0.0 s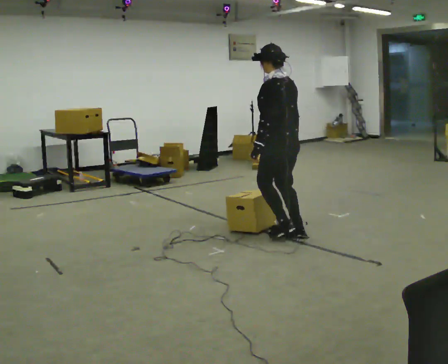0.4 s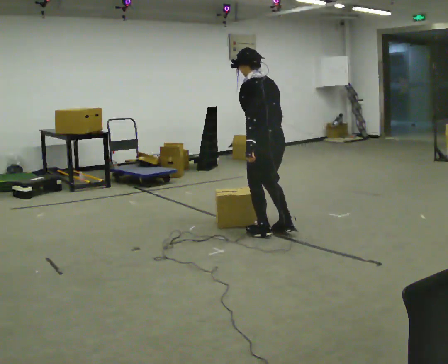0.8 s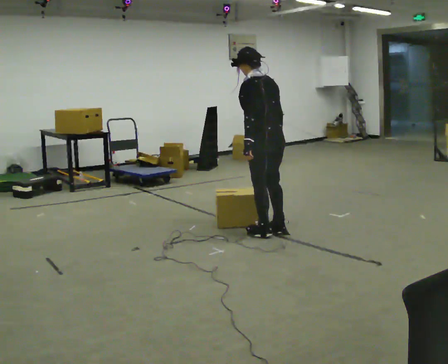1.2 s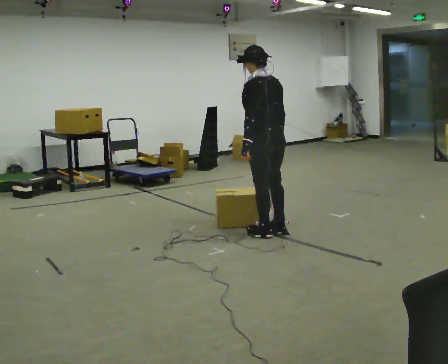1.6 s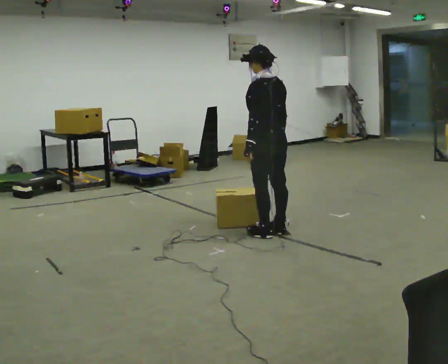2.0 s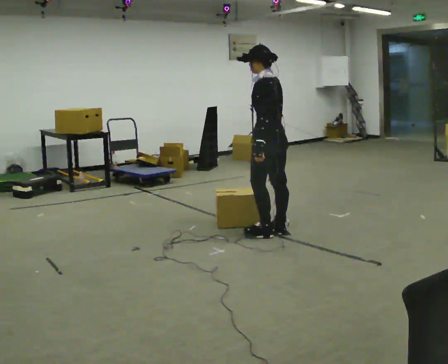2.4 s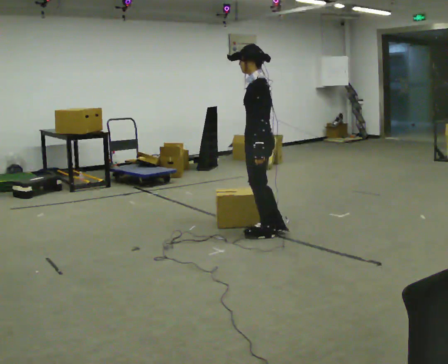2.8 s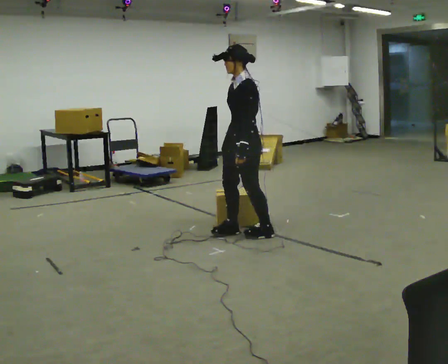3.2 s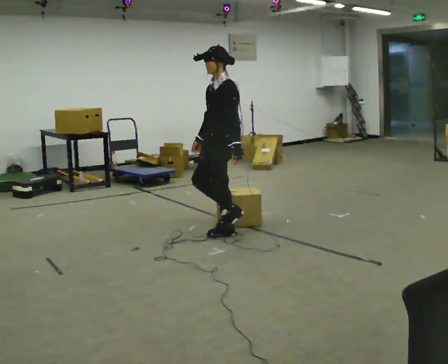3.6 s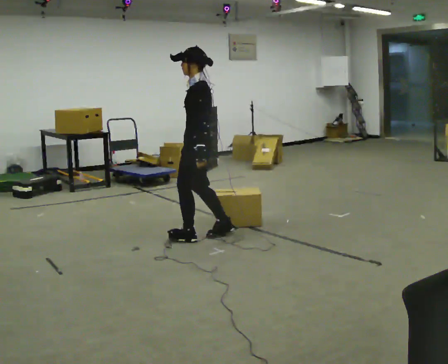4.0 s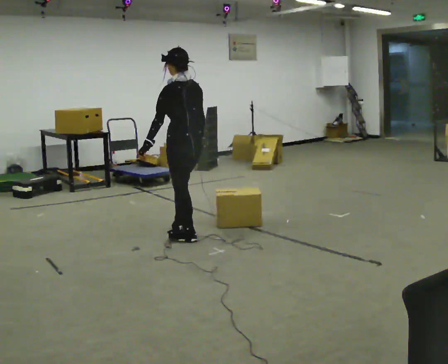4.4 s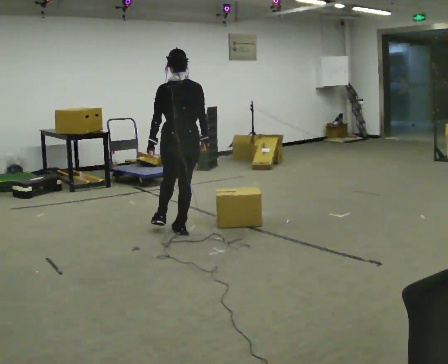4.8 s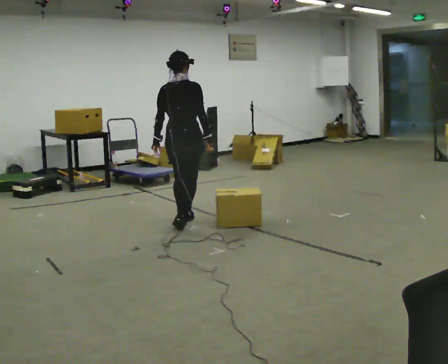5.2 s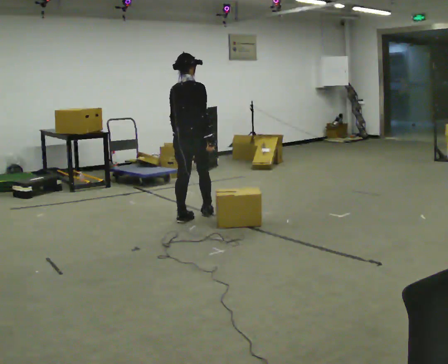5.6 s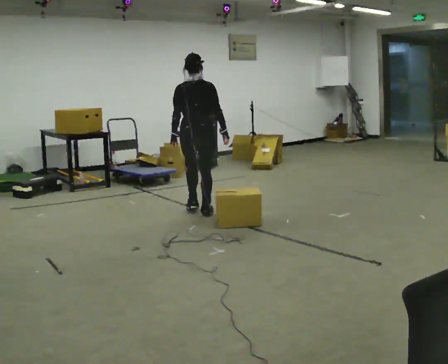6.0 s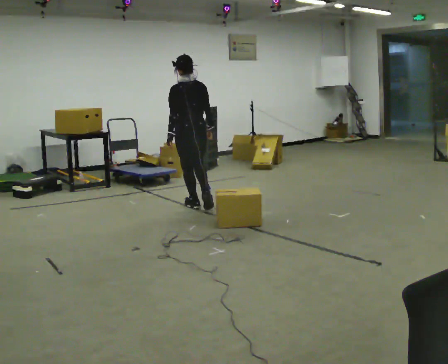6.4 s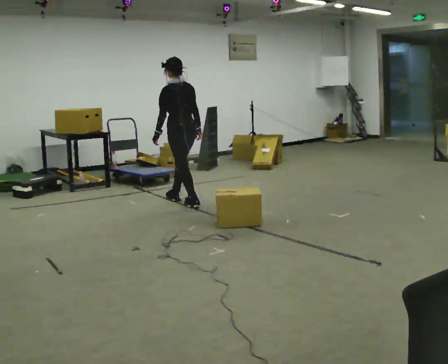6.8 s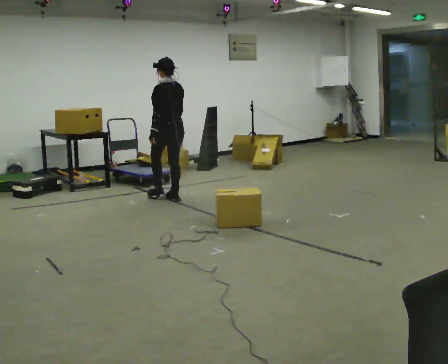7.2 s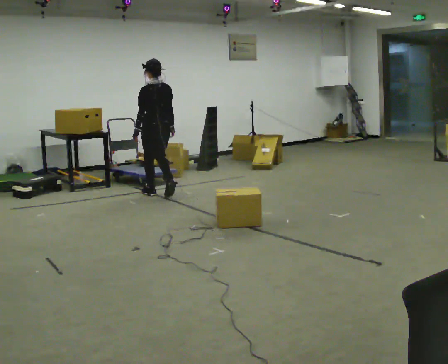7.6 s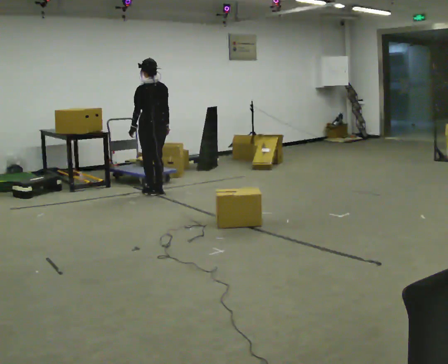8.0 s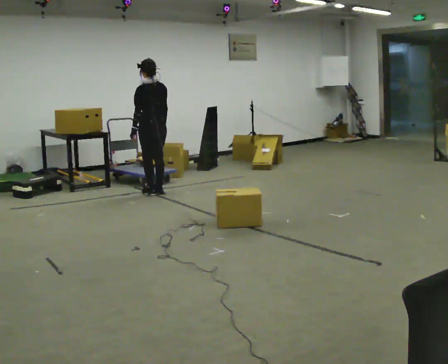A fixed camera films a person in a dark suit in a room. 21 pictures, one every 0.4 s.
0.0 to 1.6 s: The person moves a little, or ends about where they began.
1.6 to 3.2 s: The person turns about 60 degrees to their left, counterclockwise seen from above, so the part of the body nearest the lens slides to the right. In the picture they go to the left, about 0.5 m in 1 step.
3.2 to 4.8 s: Seen from above the body turns clockwise, about 135 degrees: to their right, with its near side sliding to the left. In the picture they go away from the camera and to the left, about 0.5 m in 3 steps.
4.8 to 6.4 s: Seen from above the body turns counterclockwise, about 60 degrees: to their left, with its near side sliding to the right. In the picture they go away from the camera, about 1 m in 3 steps.
6.4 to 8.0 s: In the picture they go away from the camera and to the left, about 0.5 m in 2 steps, which for them is forward.
The film runs forward here.
